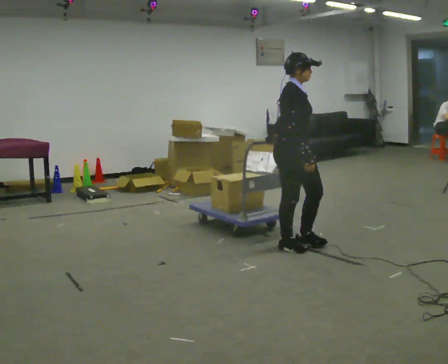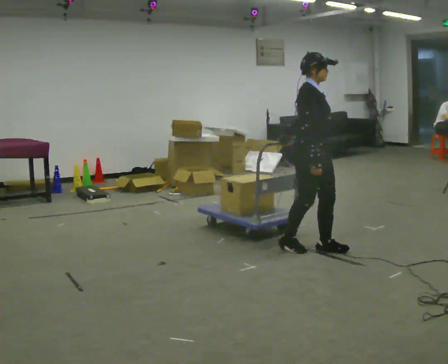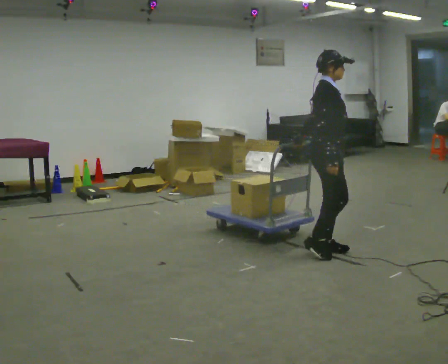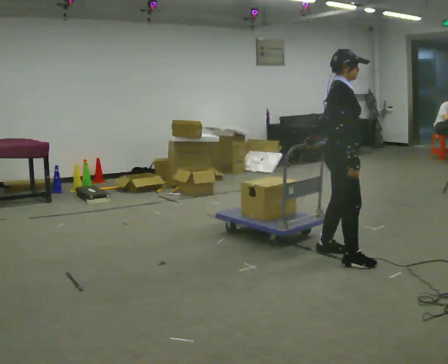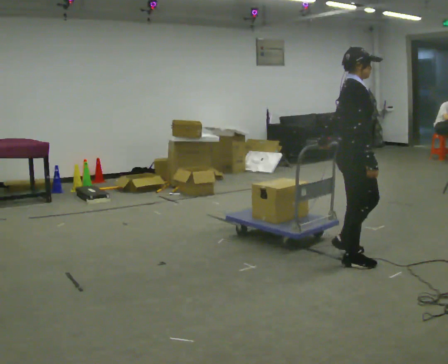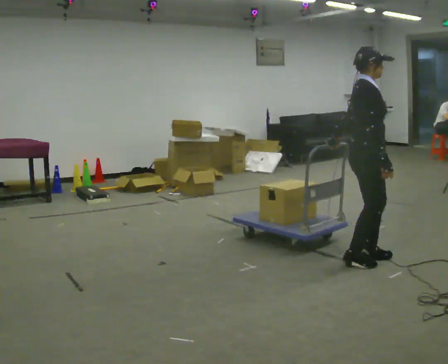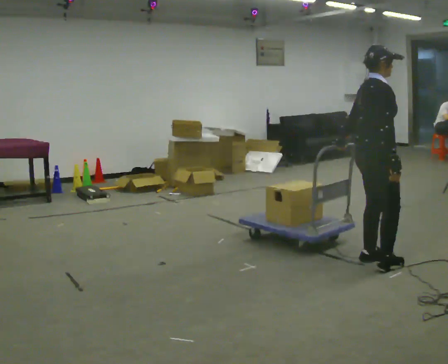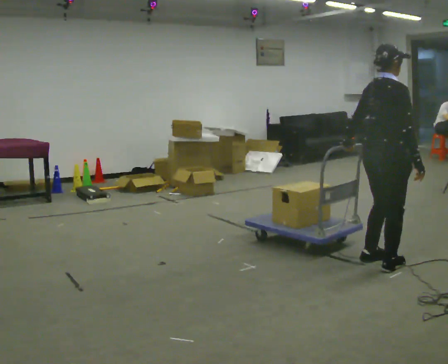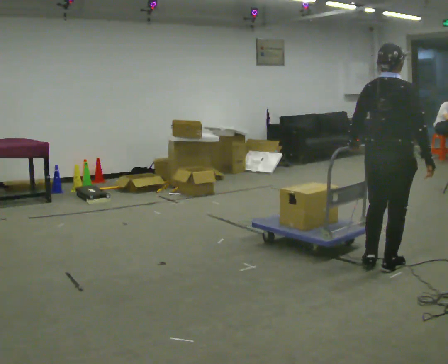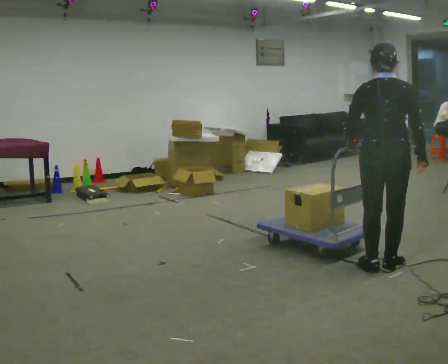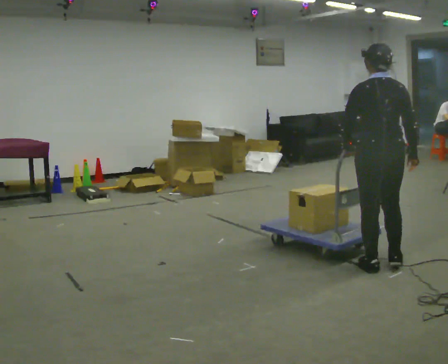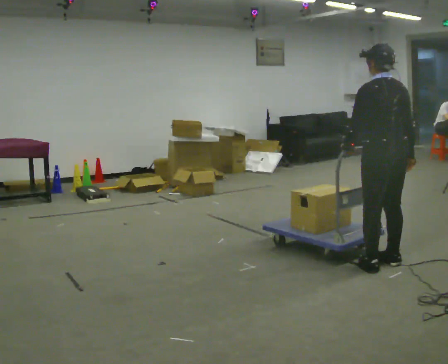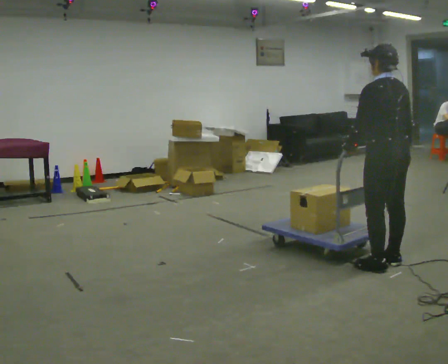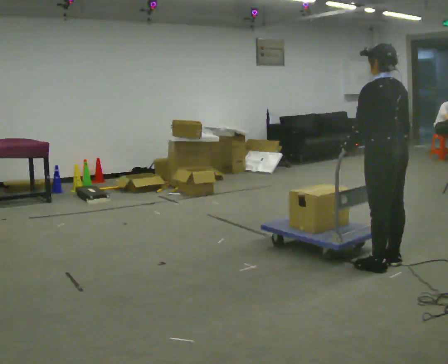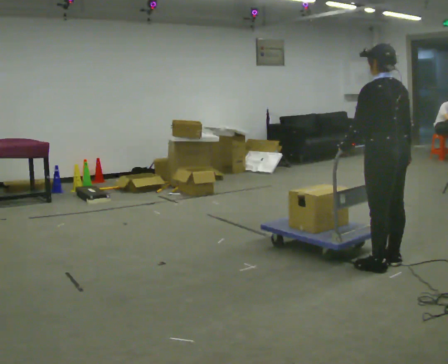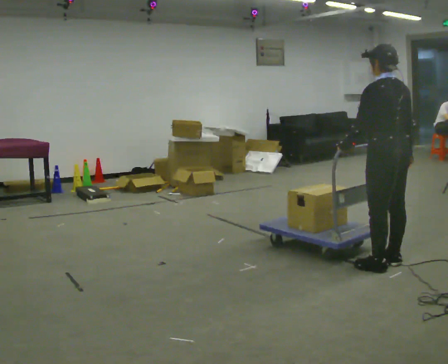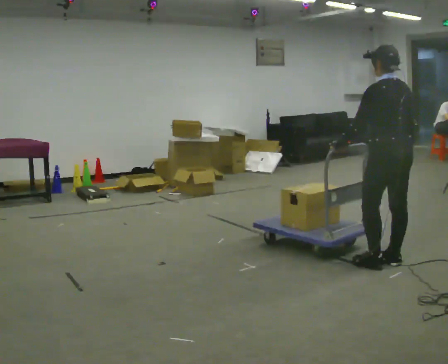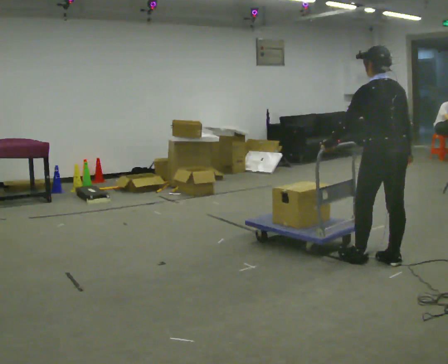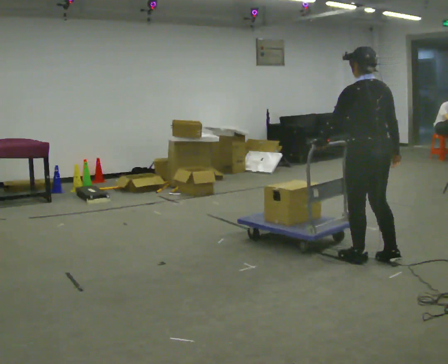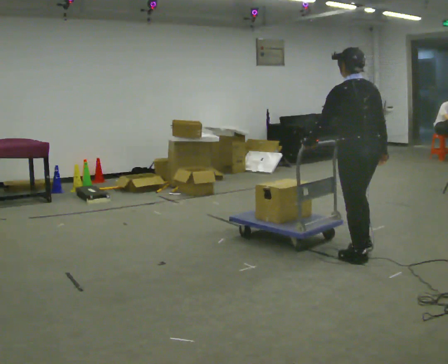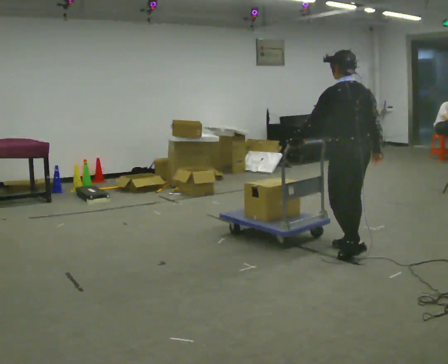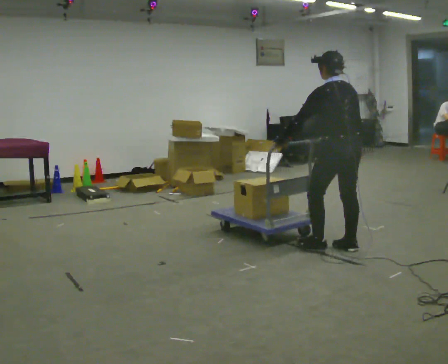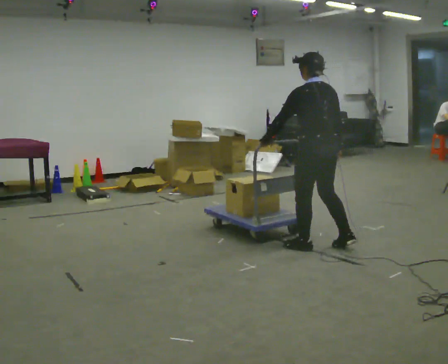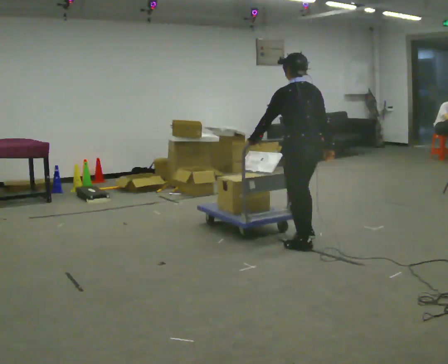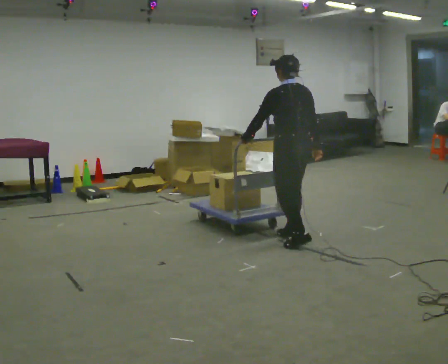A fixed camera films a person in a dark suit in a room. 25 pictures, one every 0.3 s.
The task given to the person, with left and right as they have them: Push the cart across the room using only the hand the operator calls. Keep your other arm at your side.
0.0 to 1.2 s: In the picture they go to the right and toward the camera, about 0.5 m in 2 steps, which for them is forward and to their right.
1.2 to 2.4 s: The part of the body nearest the lens slides to the right as the person turns to their left by about 75 degrees. In the picture they go to the right, about 0.25 m in 2 steps.
2.4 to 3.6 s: The person turns about 60 degrees to their left, counterclockwise seen from above, so the part of the body nearest the lens slides to the right.
3.6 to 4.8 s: The person moves a little, or ends about where they began.
4.8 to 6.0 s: In the picture they go to the left and away from the camera, about 0.5 m in 2 steps, which for them is forward.
6.0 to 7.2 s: In the picture they go to the left, about 0.5 m in 2 steps, which for them is forward.
The film runs forward here.
